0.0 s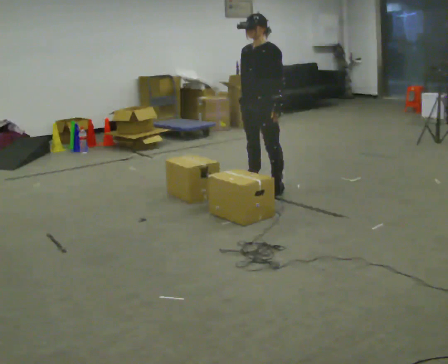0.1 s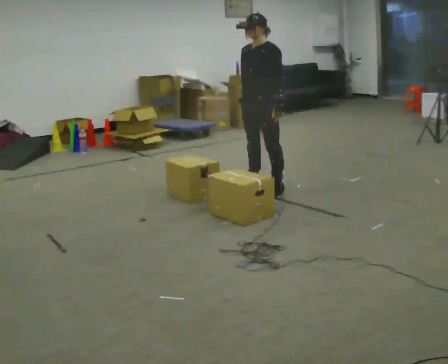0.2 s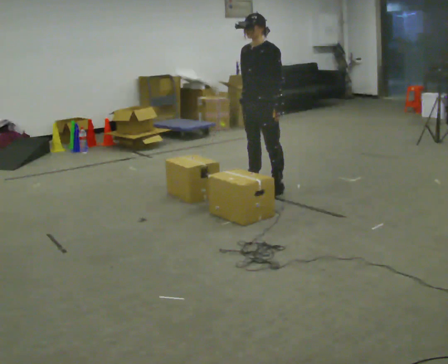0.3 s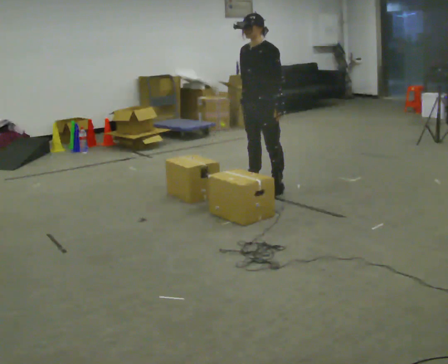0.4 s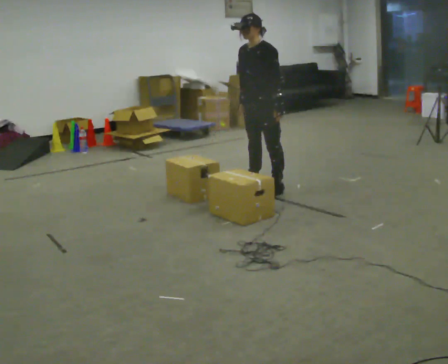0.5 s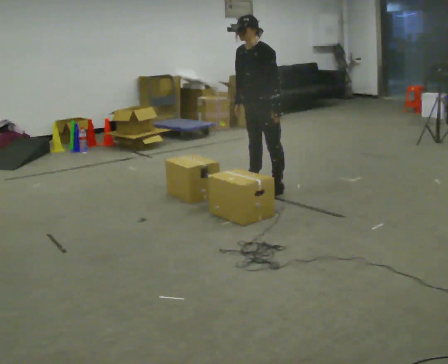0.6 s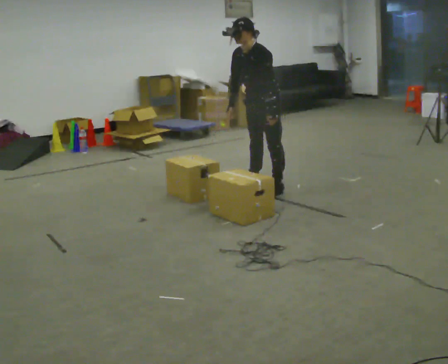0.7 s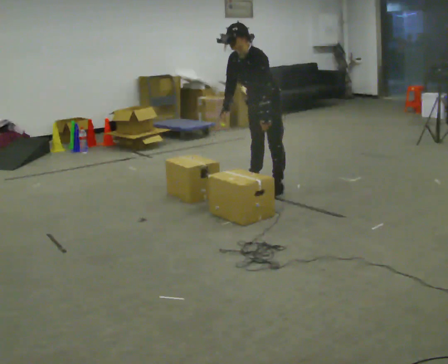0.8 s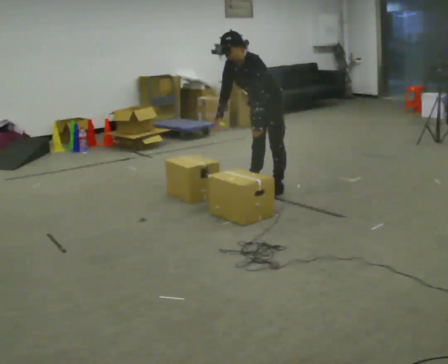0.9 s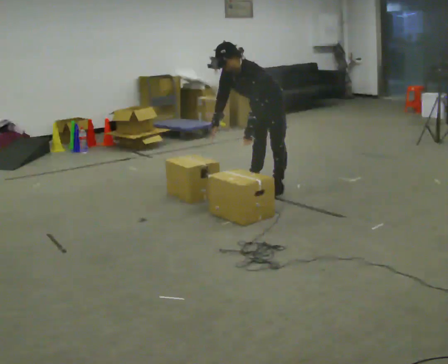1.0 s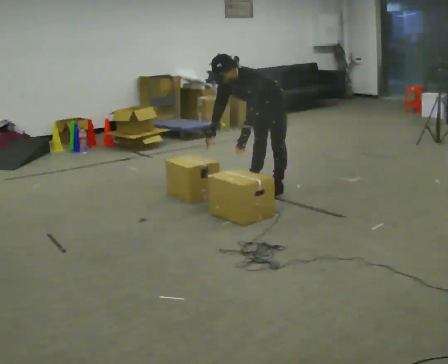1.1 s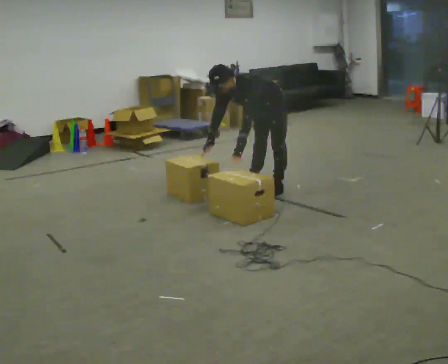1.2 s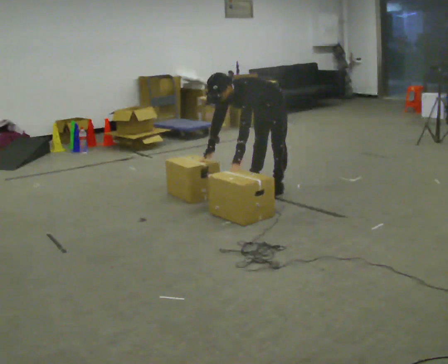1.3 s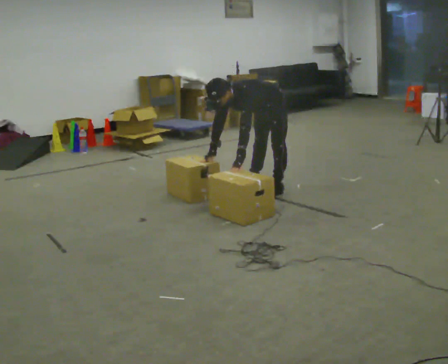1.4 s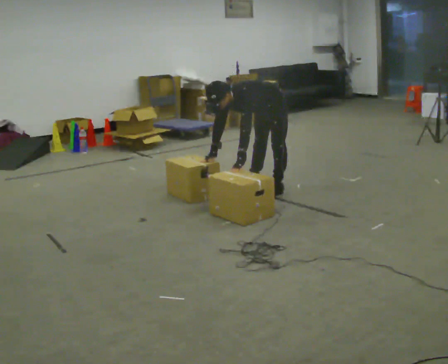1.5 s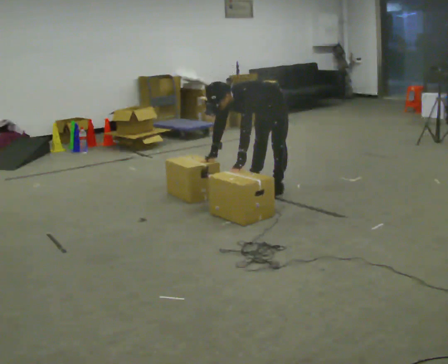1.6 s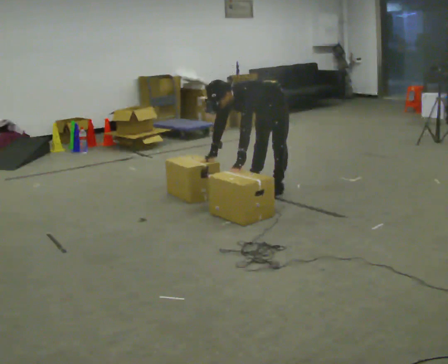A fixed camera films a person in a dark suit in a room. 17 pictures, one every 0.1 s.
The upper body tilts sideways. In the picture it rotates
counterclockwise.
The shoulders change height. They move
downward.
0.0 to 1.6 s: The upper body goes downward. In the picture the upper body tilts counterclockwise, shoulders to the left, as they bend forward. In the picture their left hand goes downward and to the left.
The film runs backward here.
